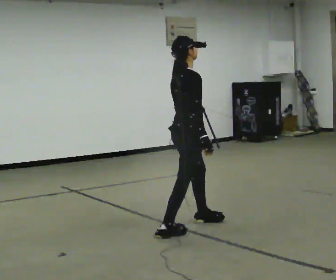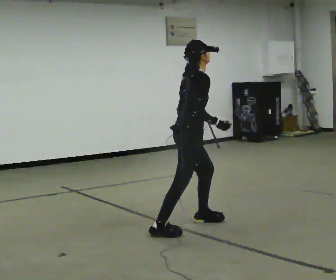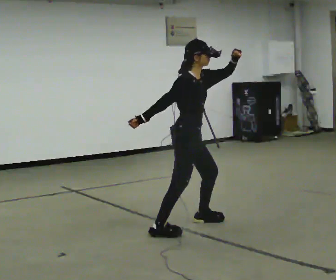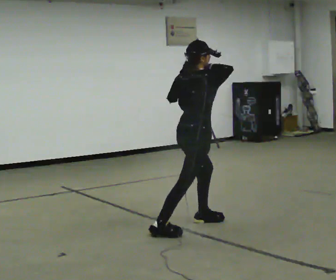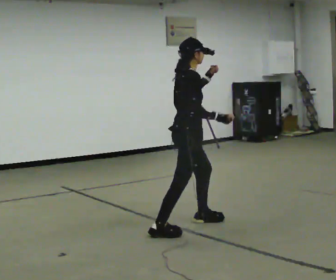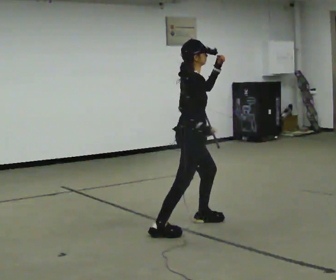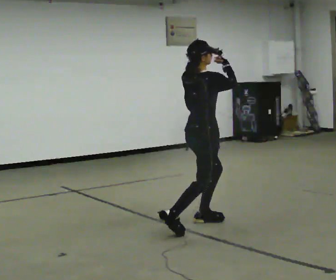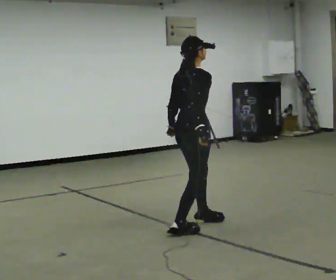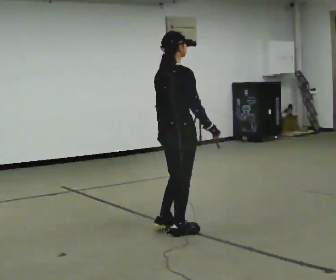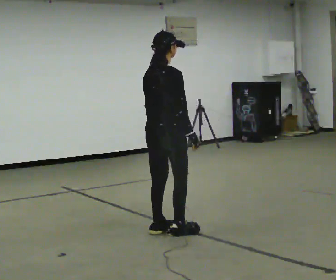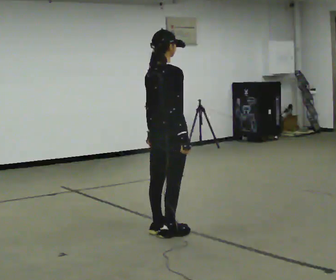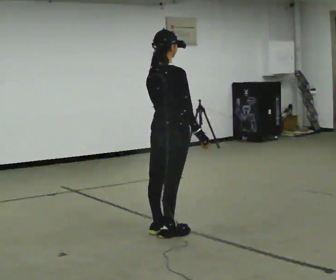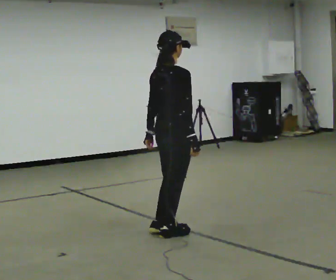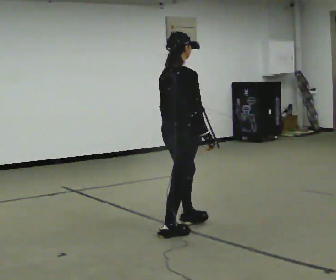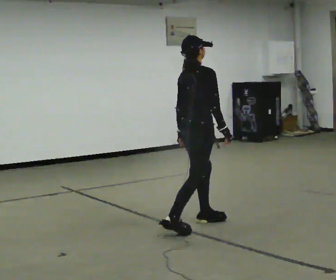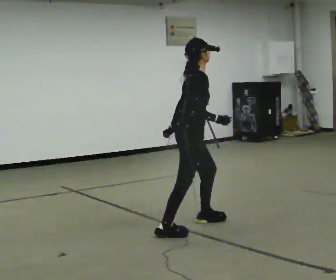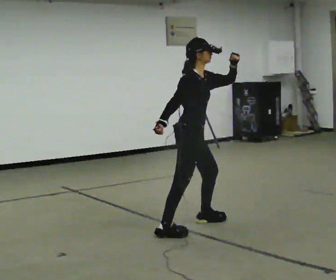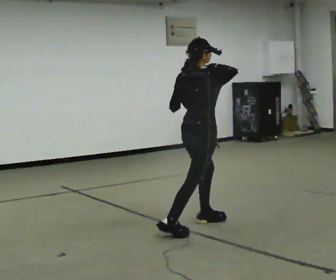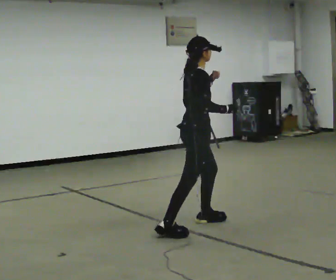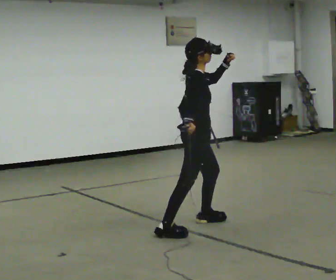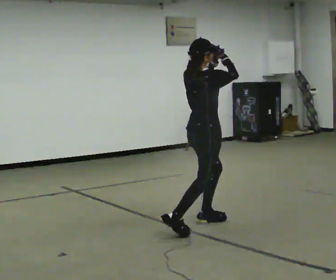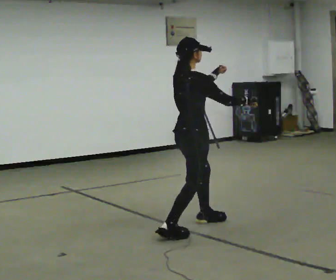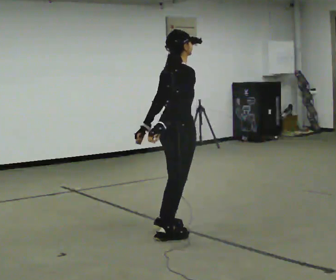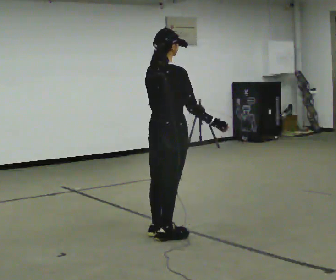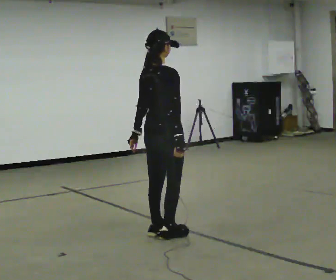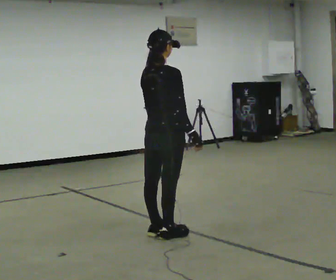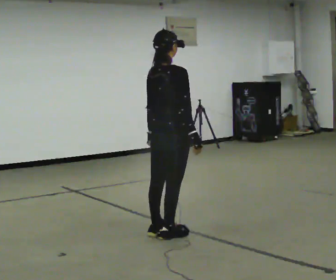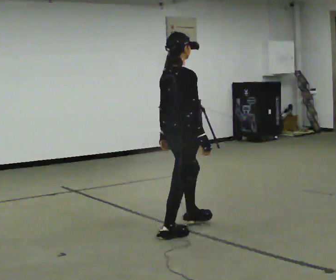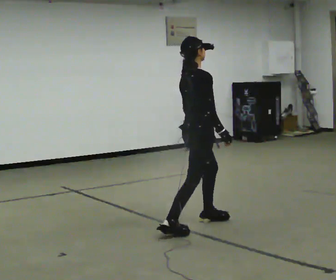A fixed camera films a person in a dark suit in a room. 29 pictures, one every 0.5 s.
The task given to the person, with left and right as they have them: Mimic boxing into the air at moderate speed with both hands, moving your feet only a little. Stay controlled; do not punch at full speed.
0.0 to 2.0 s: In the picture their left hand goes upward.
2.0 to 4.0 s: Seen from above the body turns counterclockwise, about 30 degrees: to their left, with its near side sliding to the right. In the picture they go toward the camera, about 0.25 m in 1 step, which for them is backward. In the picture their left hand goes downward and to the left.
4.0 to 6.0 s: The person moves a little, or ends about where they began.
6.0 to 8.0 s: The part of the body nearest the lens slides to the left as the person turns to their right by about 60 degrees. In the picture they go away from the camera, about 0.25 m in 1 step. In the picture their left hand goes upward, the arm swinging counterclockwise.
8.0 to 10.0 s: The person turns about 45 degrees to their left, counterclockwise seen from above, so the part of the body nearest the lens slides to the right. In the picture their right hand goes to the right and upward.
10.0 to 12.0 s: In the picture they go to the left and toward the camera, about 0.5 m in 1 step, which for them is backward. In the picture their right hand goes downward.
12.0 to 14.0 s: The person turns about 30 degrees to their right, clockwise seen from above, so the part of the body nearest the lens slides to the left. In the picture they go to the right and away from the camera, about 0.25 m in 1 step, which for them is forward.
The film runs forward here.
